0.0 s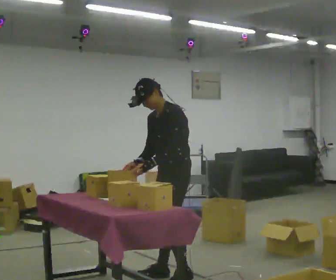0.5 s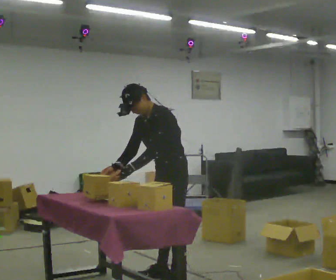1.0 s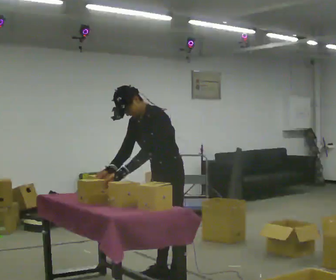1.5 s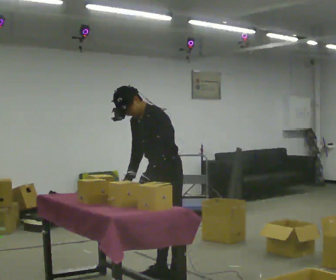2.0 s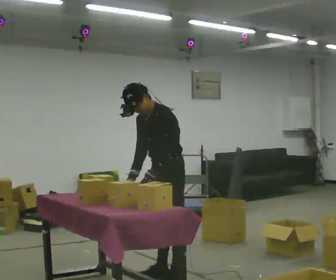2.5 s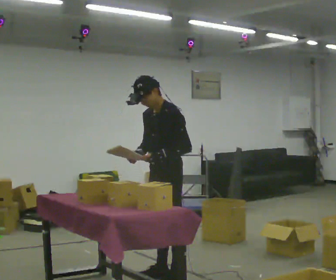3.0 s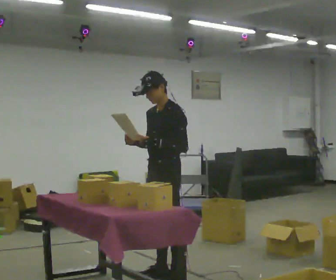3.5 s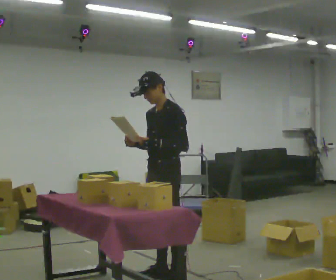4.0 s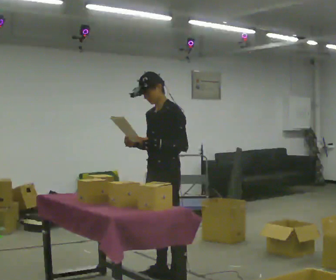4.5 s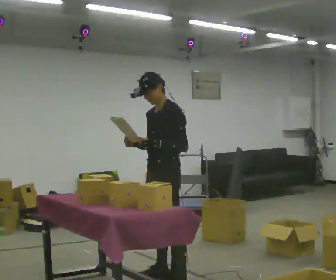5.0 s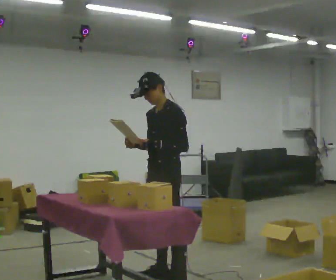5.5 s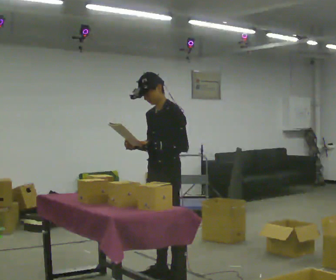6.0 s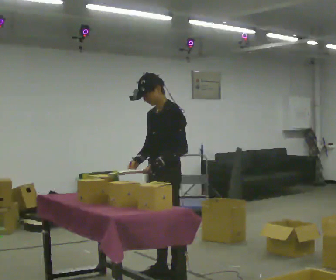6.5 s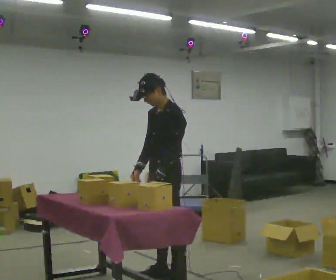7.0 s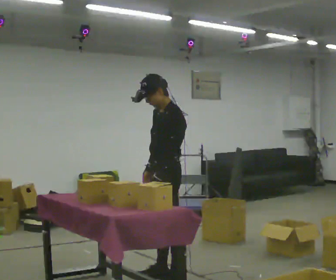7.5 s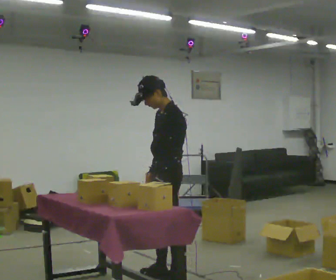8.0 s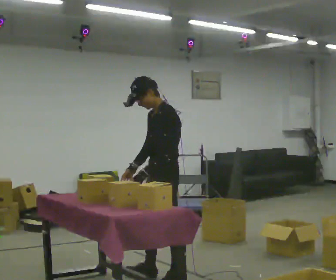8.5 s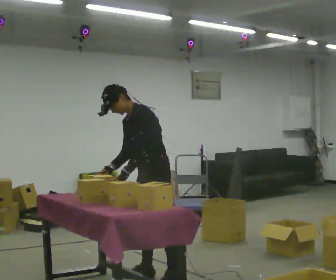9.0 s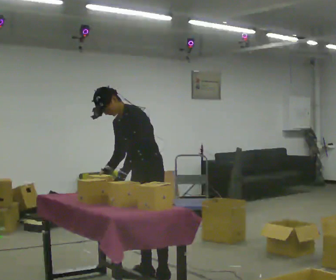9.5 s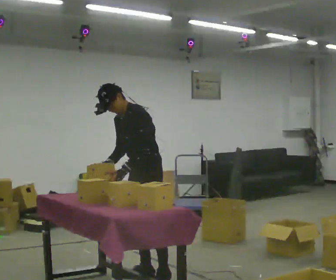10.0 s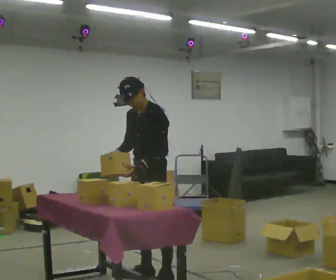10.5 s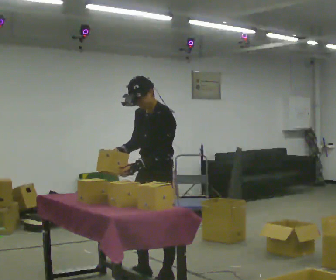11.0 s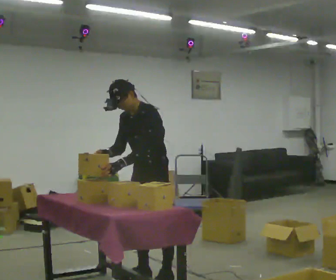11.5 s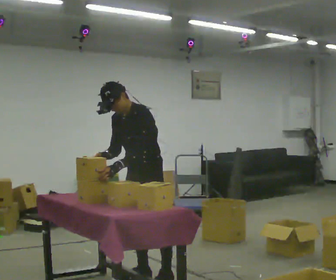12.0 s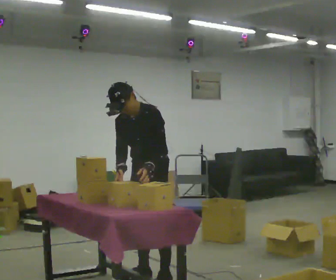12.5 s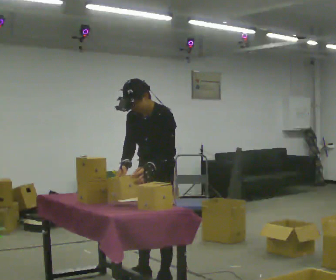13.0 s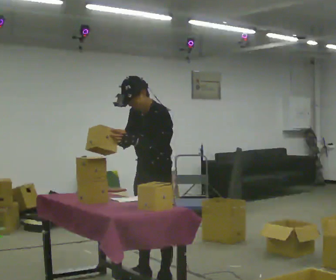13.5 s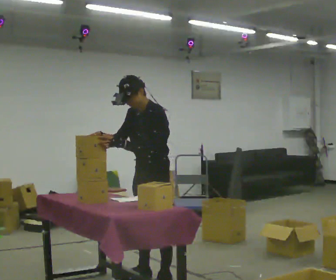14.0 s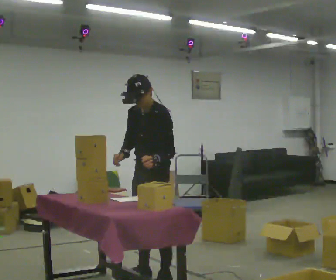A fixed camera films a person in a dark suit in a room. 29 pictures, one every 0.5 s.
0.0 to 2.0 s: The person moves a little, or ends about where they began.
2.0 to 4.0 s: In the picture the upper body tilts clockwise, shoulders to the right, as they lean back or straighten.
4.0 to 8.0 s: The person moves a little, or ends about where they began.
8.0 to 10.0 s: Seen from above the body turns counterclockwise, about 30 degrees: to their left, with its near side sliding to the right.
10.0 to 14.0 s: The person moves a little, or ends about where they began.
The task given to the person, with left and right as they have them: 1. Read the parts list. 2. Collect each part from the bins around the room. 3. Lay them out on the table in the order on the list. 4. Put them all in the carry case. 5. Tell the operator when you are finished.
The film runs forward here.
